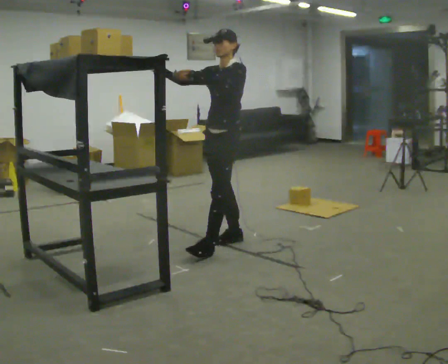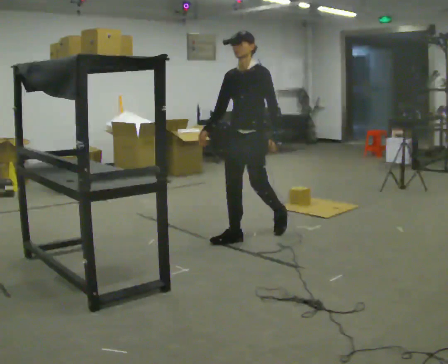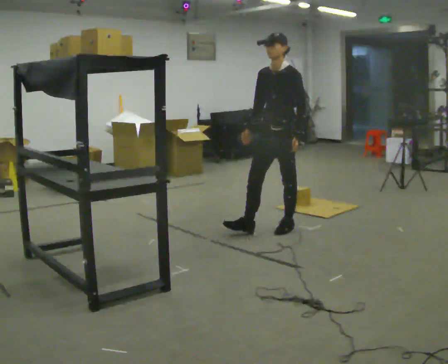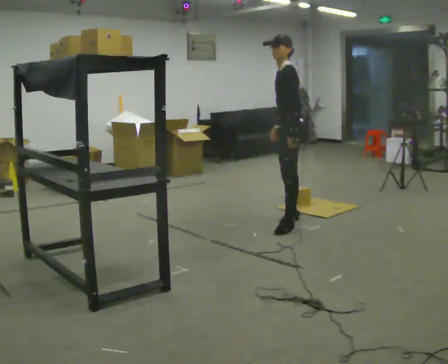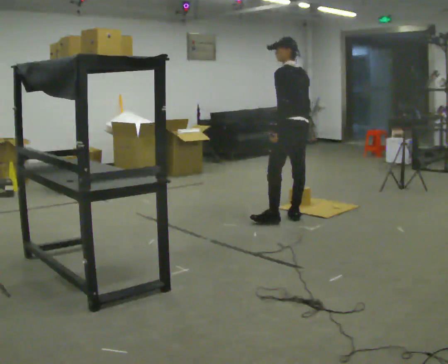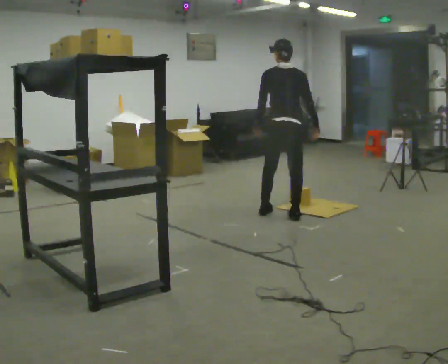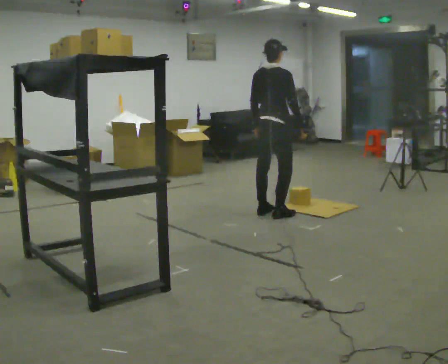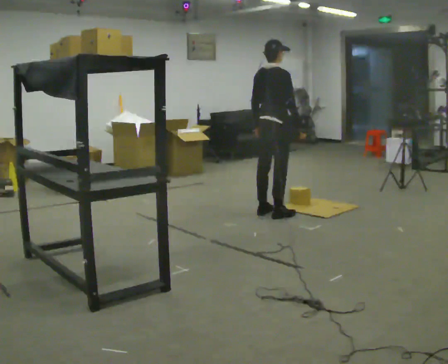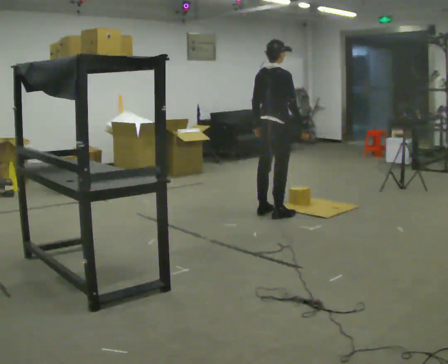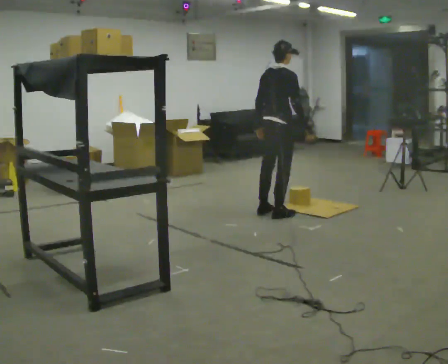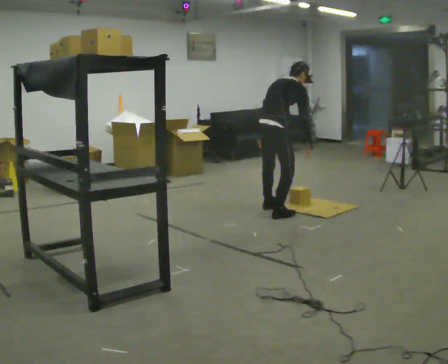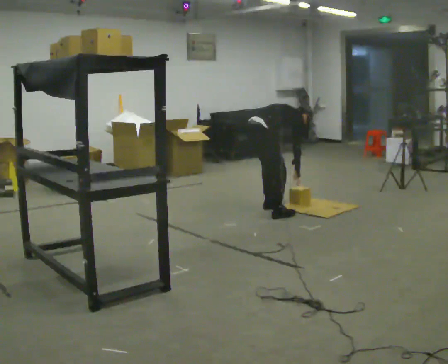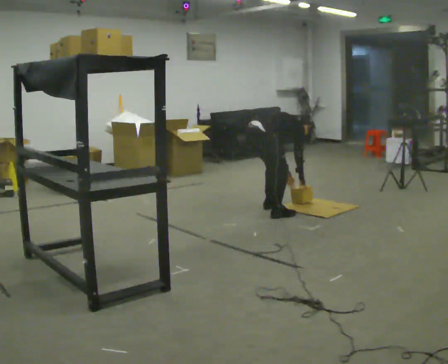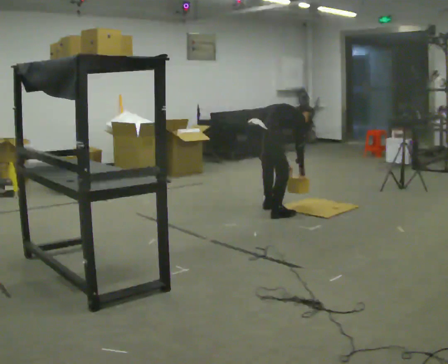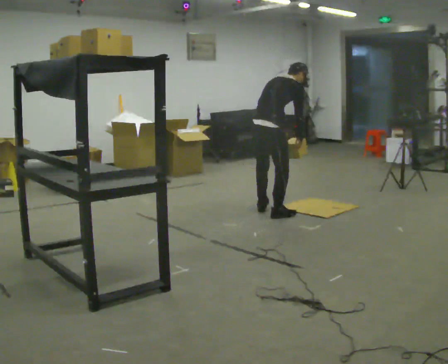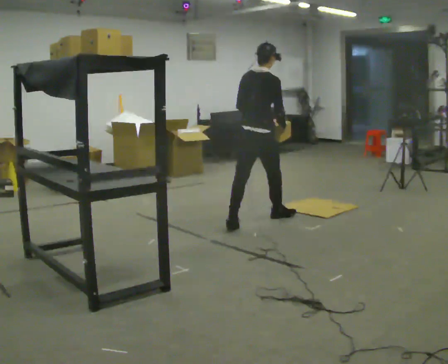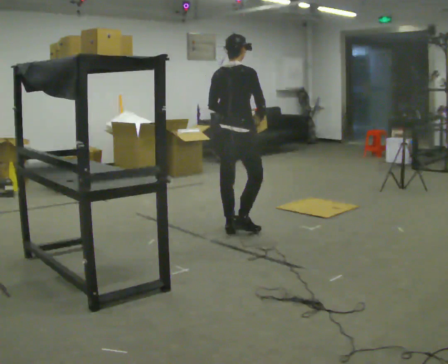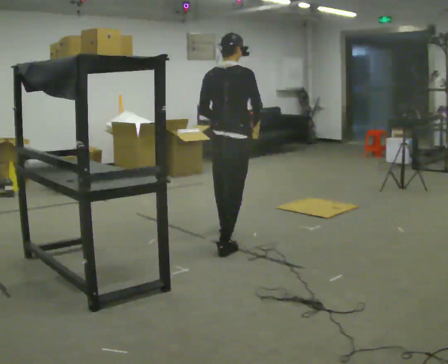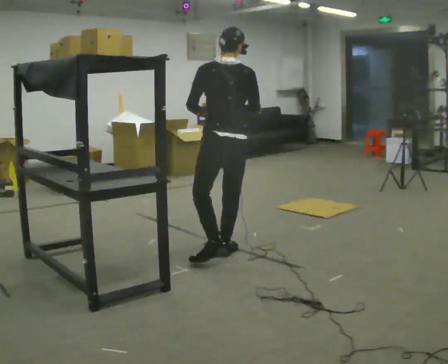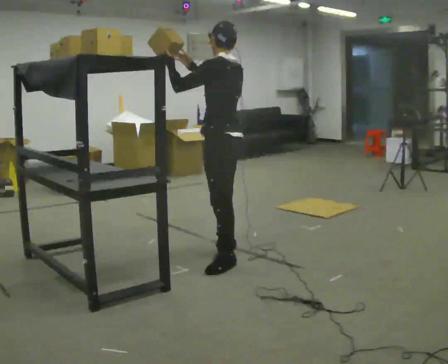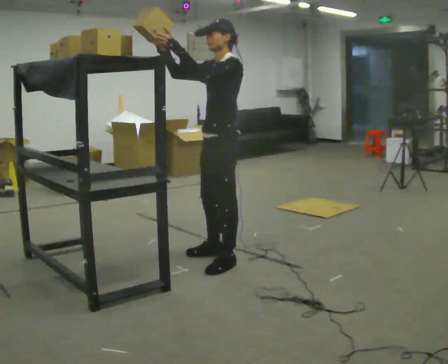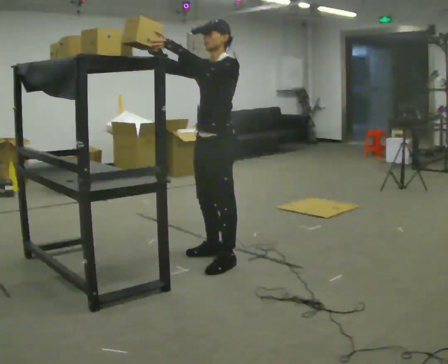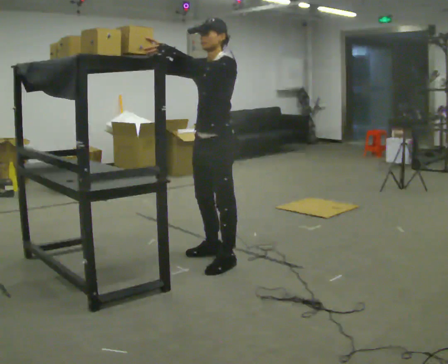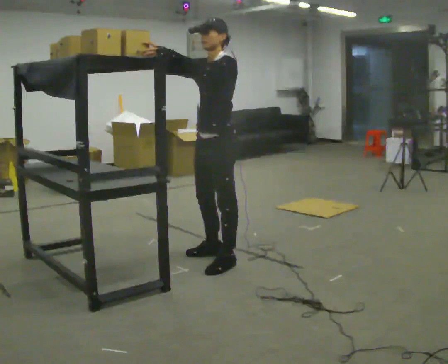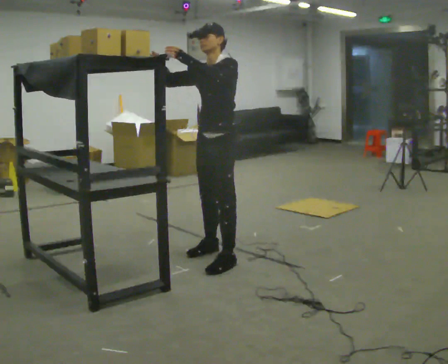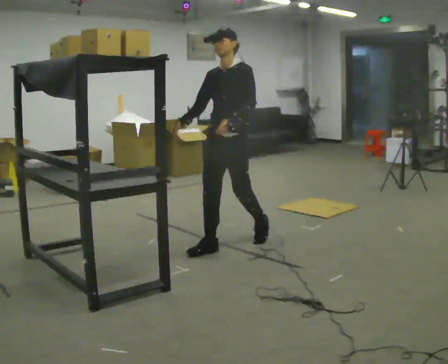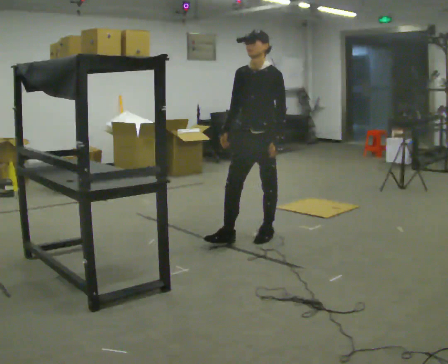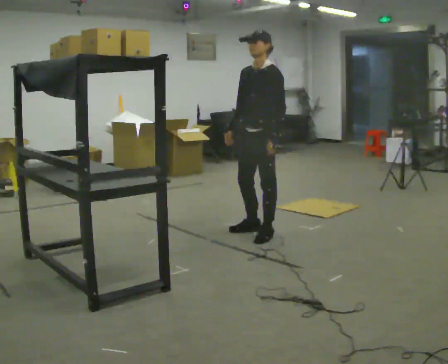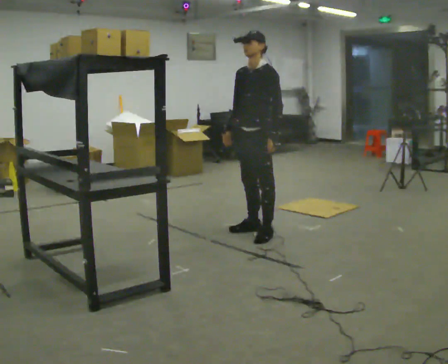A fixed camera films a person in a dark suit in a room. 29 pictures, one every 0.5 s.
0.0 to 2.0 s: The person turns about 90 degrees to their right, clockwise seen from above, so the part of the body nearest the lens slides to the left. In the picture they go away from the camera and to the right, about 1 m in 2 steps. In the picture their right hand goes downward, the arm swinging counterclockwise.
2.0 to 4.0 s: The part of the body nearest the lens slides to the left as the person turns to their right by about 90 degrees. In the picture they go away from the camera and to the left, about 0.25 m in 1 step.
4.0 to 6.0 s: In the picture they go away from the camera, about 0.25 m in 1 step, which for them is to their left. The upper body goes downward. In the picture the upper body tilts clockwise, shoulders to the right, as they bend forward. In the picture their left hand goes downward and to the right.
6.0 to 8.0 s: In the picture they go toward the camera, about 1 m in 2 steps, which for them is backward and to their right. The shoulders move upward. In the picture the upper body tilts counterclockwise, shoulders to the left, as they lean back or straighten. In the picture their right hand goes upward.
8.0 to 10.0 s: The part of the body nearest the lens slides to the right as the person turns to their left by about 150 degrees. In the picture they go toward the camera, about 1 m in 1 step. In the picture their right hand goes upward.
10.0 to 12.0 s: In the picture they go away from the camera, about 0.25 m, which for them is to their right.
12.0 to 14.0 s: In the picture they go away from the camera and to the right, about 0.75 m in 2 steps, which for them is backward. In the picture their left hand goes downward.
The film runs backward here.
